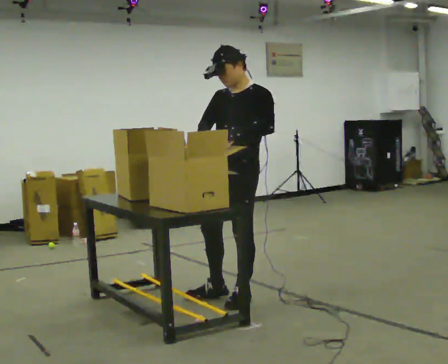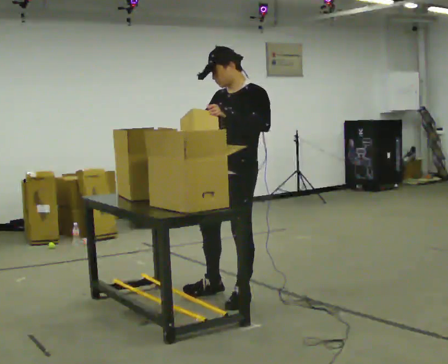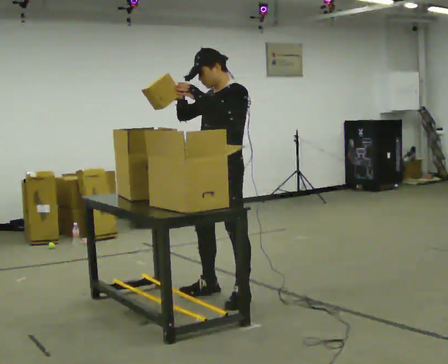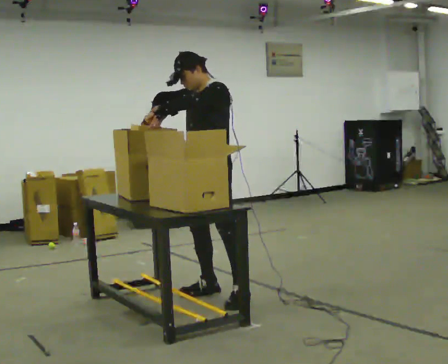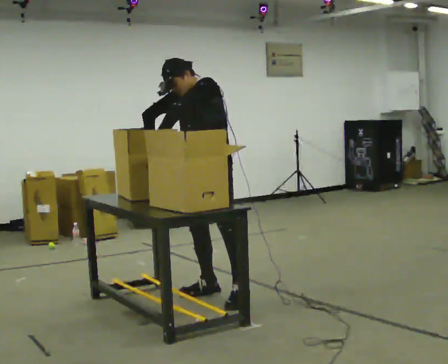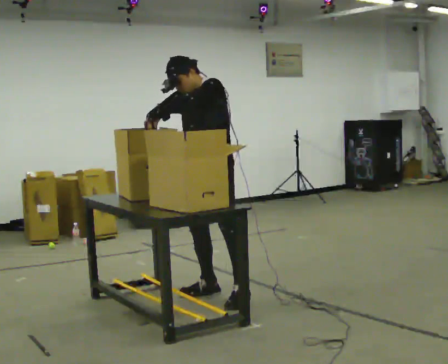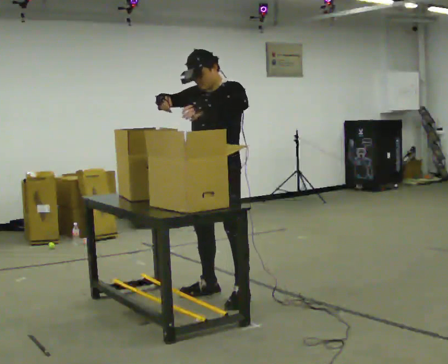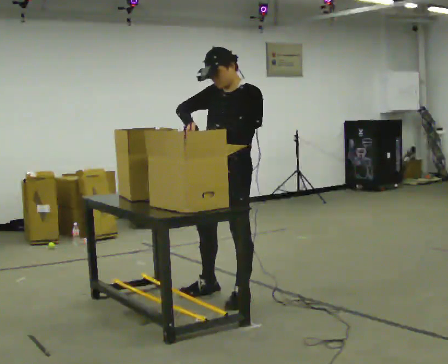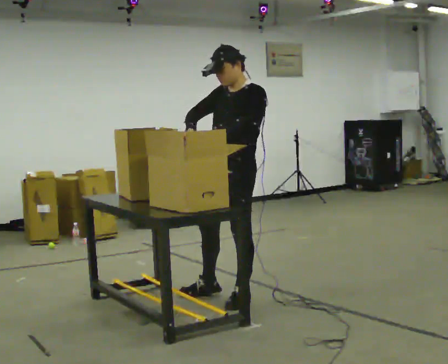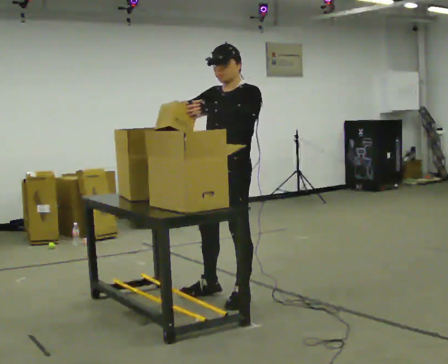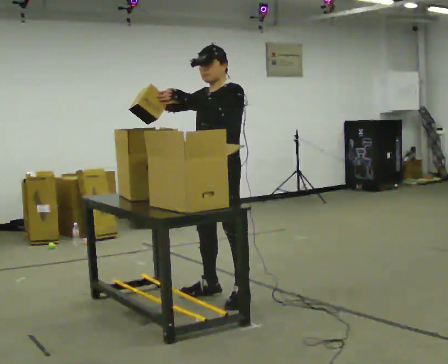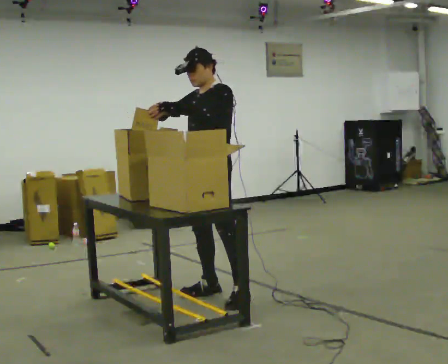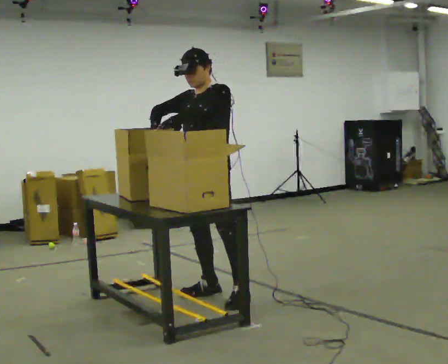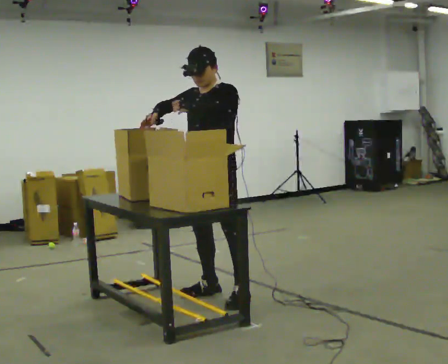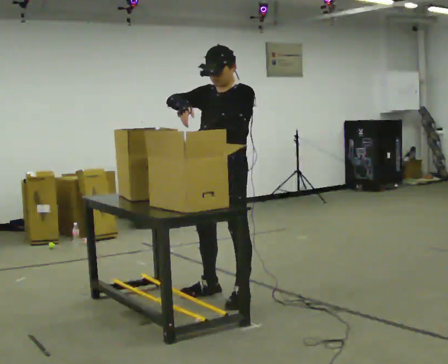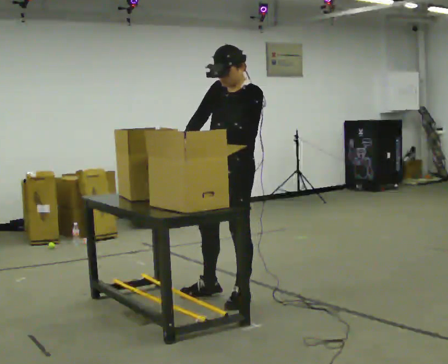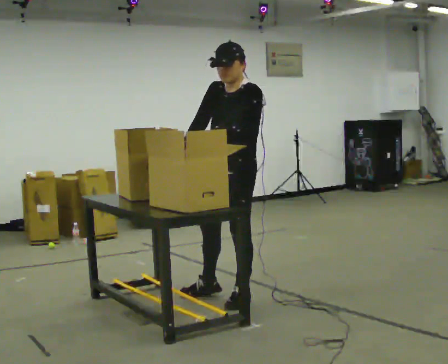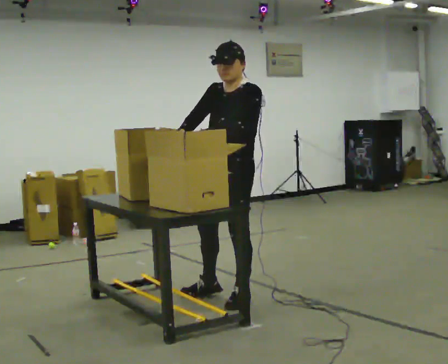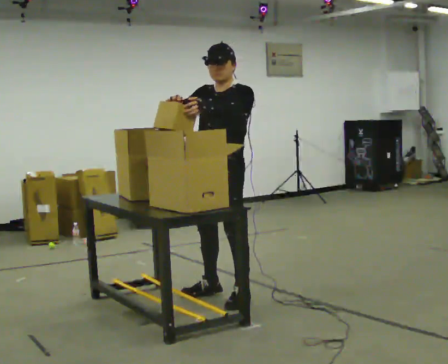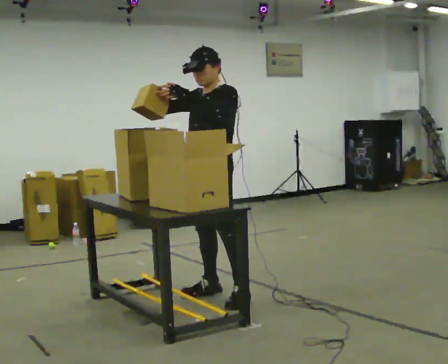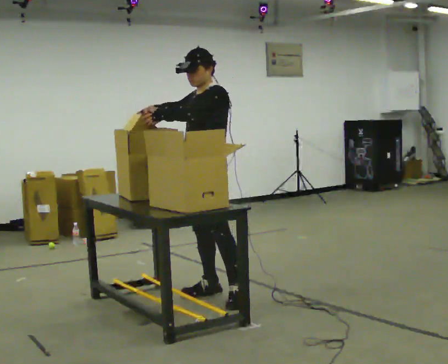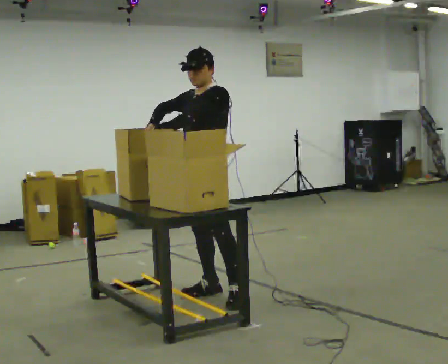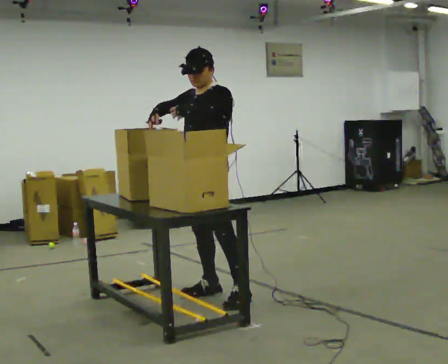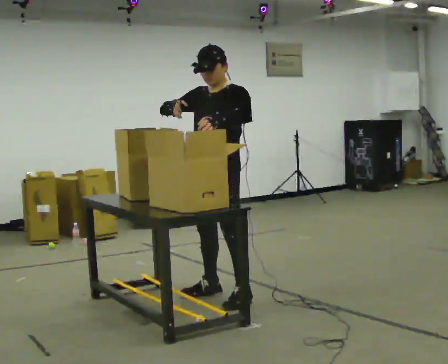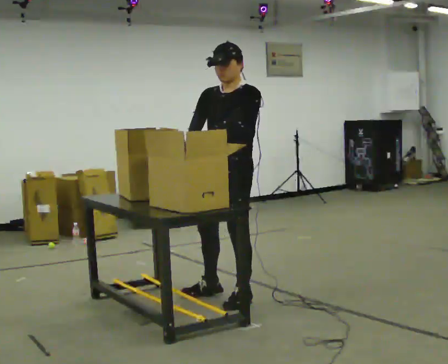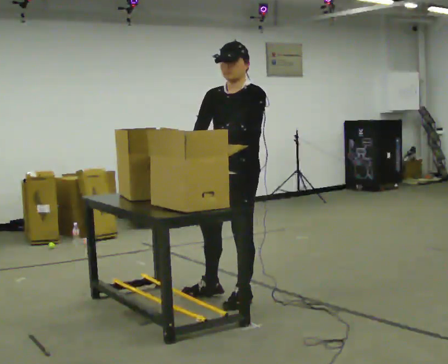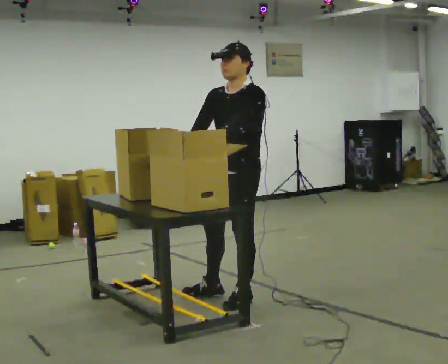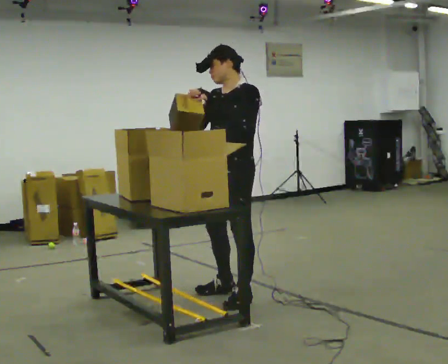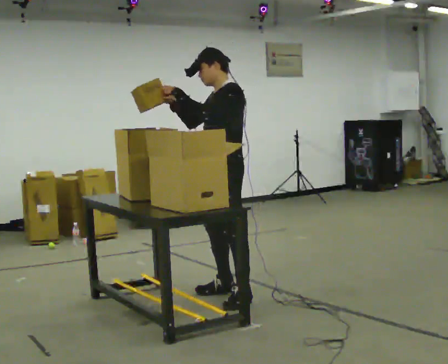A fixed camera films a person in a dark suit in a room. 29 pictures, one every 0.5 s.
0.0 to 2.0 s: In the picture they go away from the camera and to the left, about 0.25 m, which for them is to their right. In the picture the upper body tilts counterclockwise, shoulders to the left.
2.0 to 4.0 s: In the picture they go toward the camera and to the right, about 0.25 m, which for them is to their left. In the picture the upper body tilts clockwise, shoulders to the right.
4.0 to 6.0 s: In the picture they go away from the camera and to the left, about 0.25 m, which for them is to their right.
6.0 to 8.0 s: In the picture they go toward the camera and to the right, about 0.25 m, which for them is to their left.
8.0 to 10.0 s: In the picture they go away from the camera and to the left, about 0.25 m, which for them is to their right.
10.0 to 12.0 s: In the picture they go toward the camera and to the right, about 0.25 m, which for them is to their left.
12.0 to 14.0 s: The person moves a little, or ends about where they began.
The film runs forward here.
